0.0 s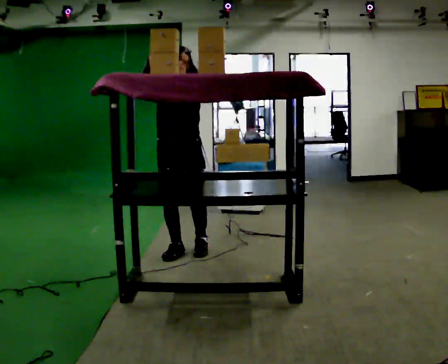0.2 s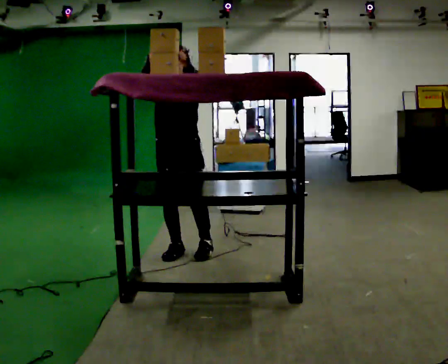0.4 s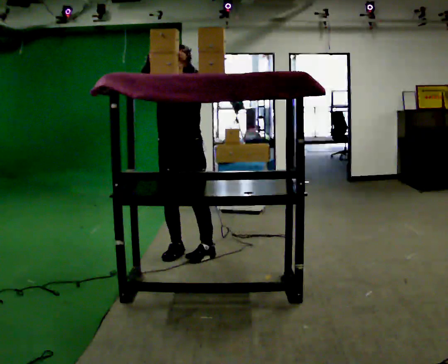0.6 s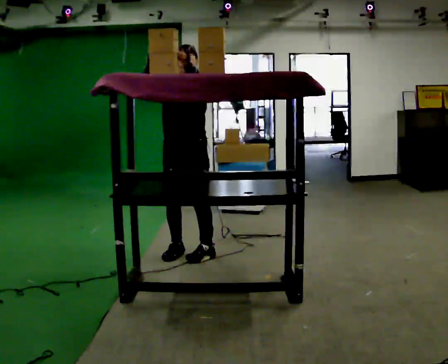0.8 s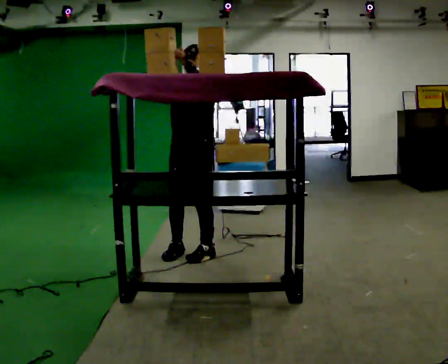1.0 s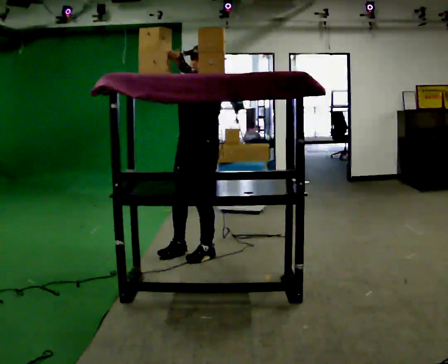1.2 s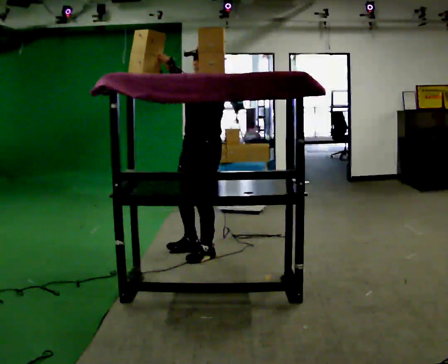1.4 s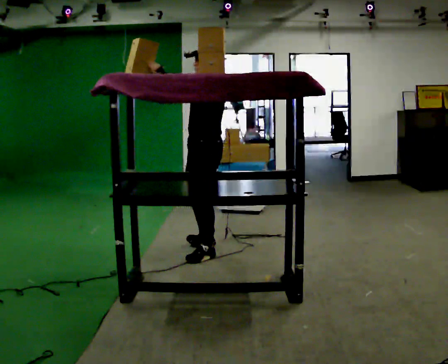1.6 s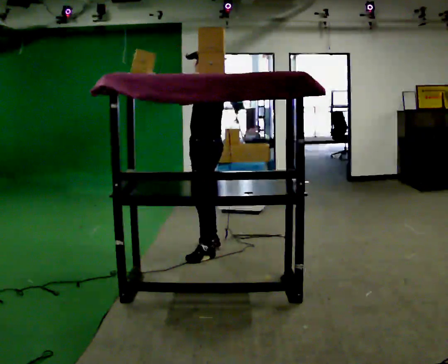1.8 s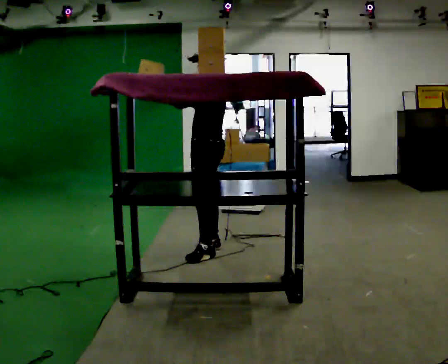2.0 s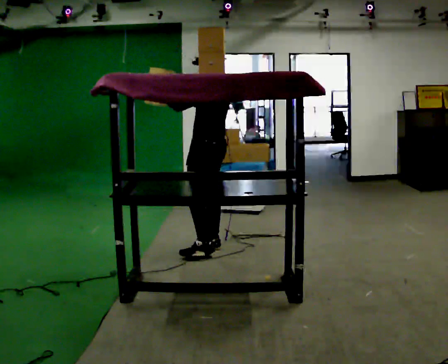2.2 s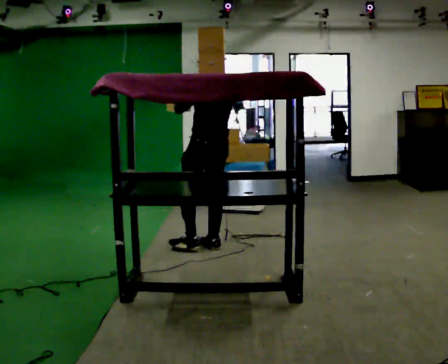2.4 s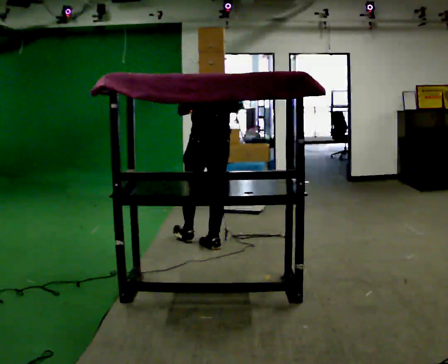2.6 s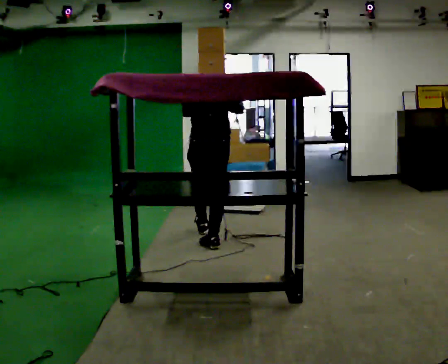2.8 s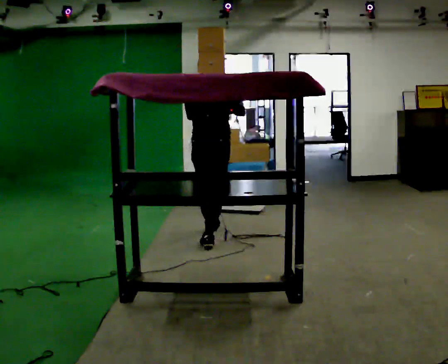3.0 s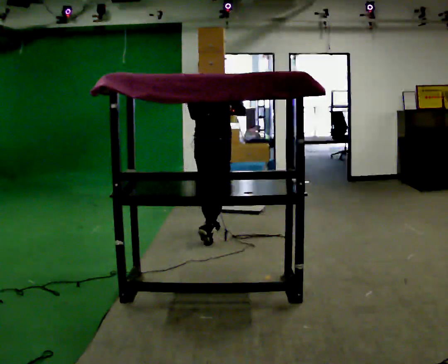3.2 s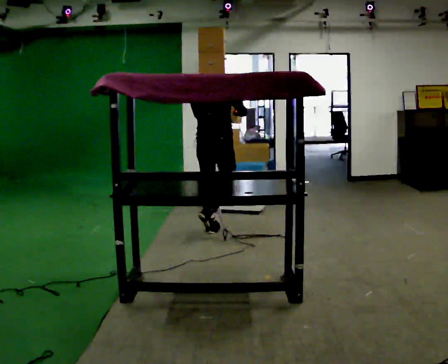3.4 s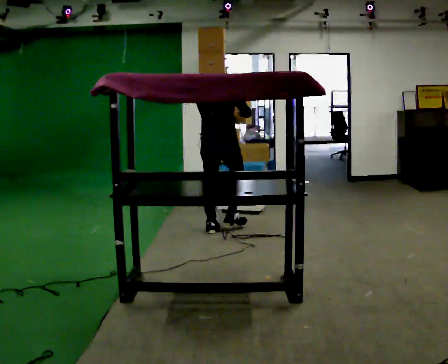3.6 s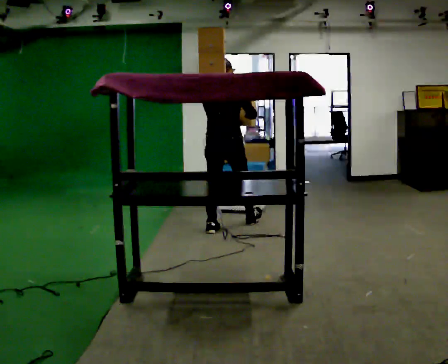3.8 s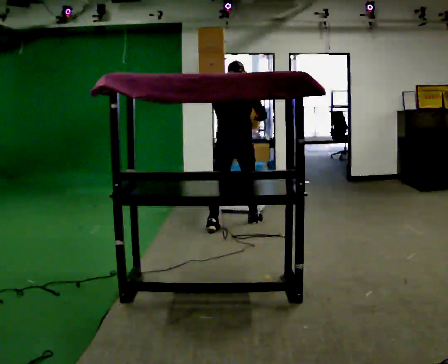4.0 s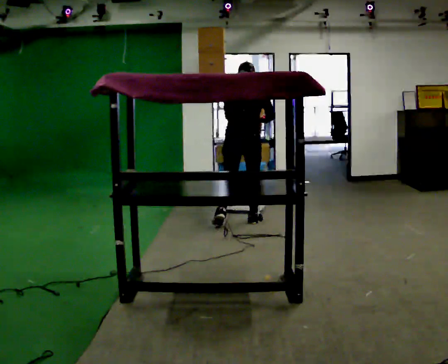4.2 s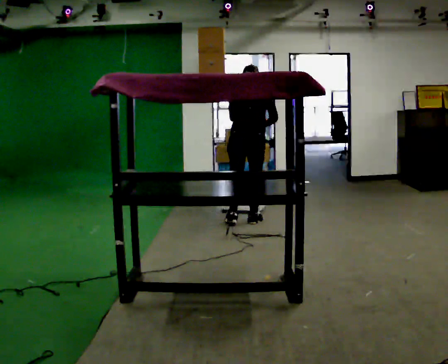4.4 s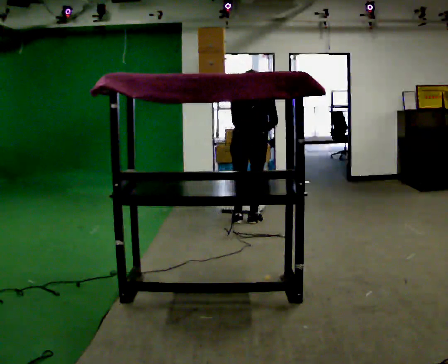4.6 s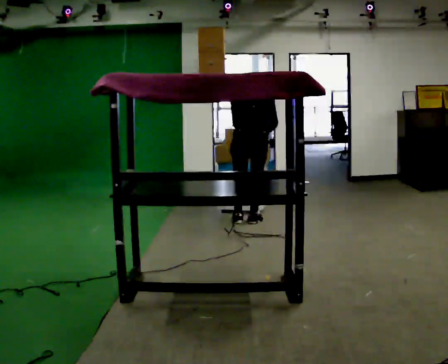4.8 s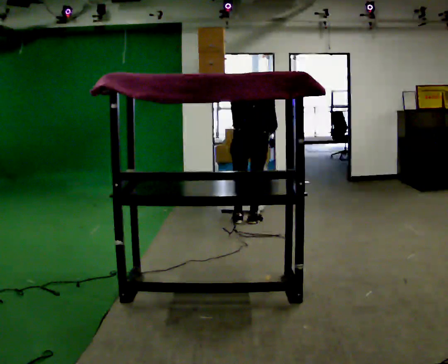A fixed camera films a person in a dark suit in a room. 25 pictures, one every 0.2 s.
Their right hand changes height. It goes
downward.
The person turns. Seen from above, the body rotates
clockwise.
0.0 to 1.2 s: The person turns about 45 degrees to their right, clockwise seen from above, so the part of the body nearest the lens slides to the left. In the picture they go to the right, about 0.25 m in 1 step, which for them is to their left.
1.2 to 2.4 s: The part of the body nearest the lens slides to the left as the person turns to their right by about 105 degrees. In the picture they go away from the camera, about 0.25 m in 1 step.
2.4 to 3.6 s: The part of the body nearest the lens slides to the left as the person turns to their right by about 30 degrees. In the picture they go away from the camera, about 0.5 m in 1 step, which for them is forward.
3.6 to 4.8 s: In the picture they go to the right and away from the camera, about 0.25 m in 2 steps, which for them is to their right and forward. The upper body tips away from the camera, its near side rolling upward, as they bend forward.
The film runs forward here.
